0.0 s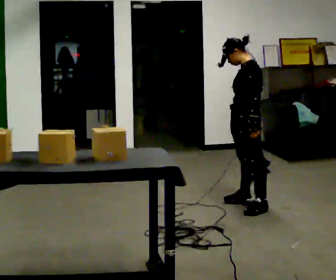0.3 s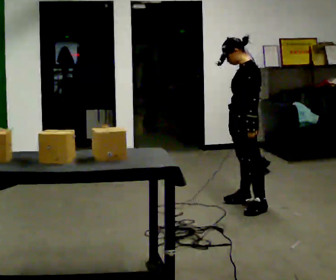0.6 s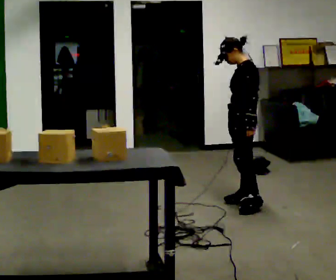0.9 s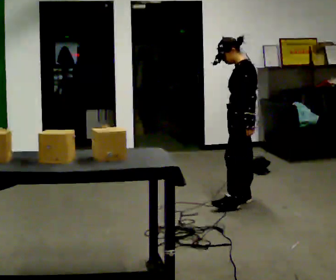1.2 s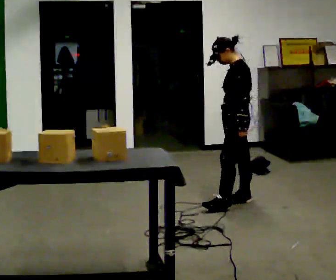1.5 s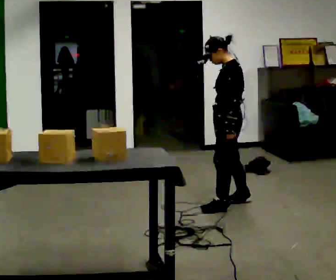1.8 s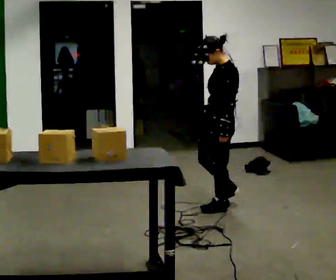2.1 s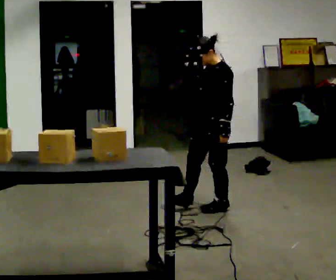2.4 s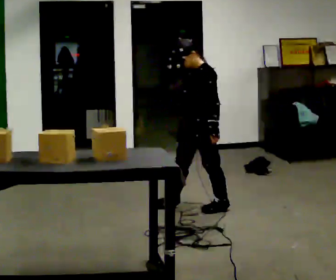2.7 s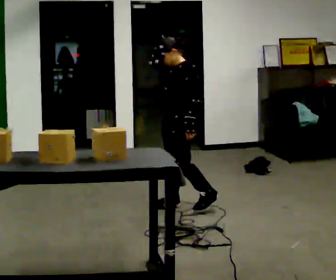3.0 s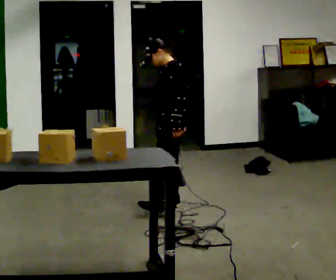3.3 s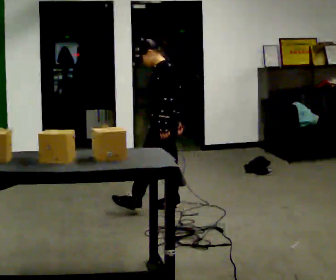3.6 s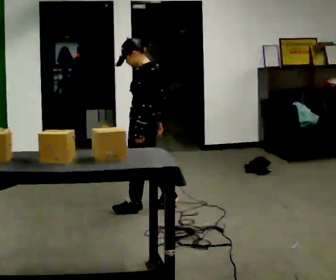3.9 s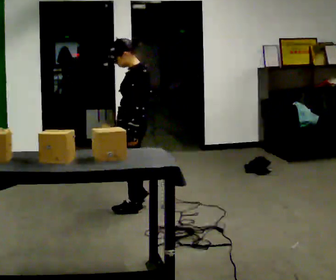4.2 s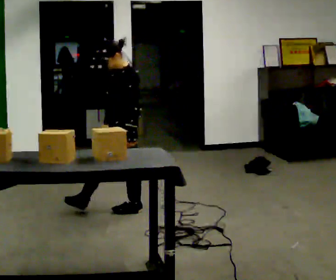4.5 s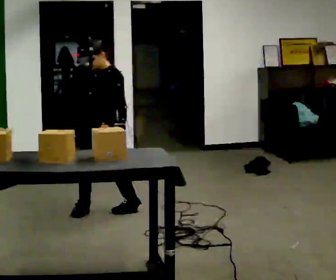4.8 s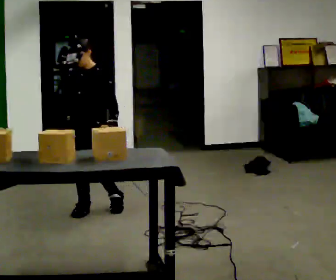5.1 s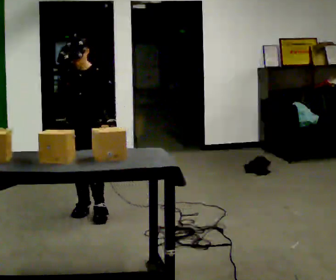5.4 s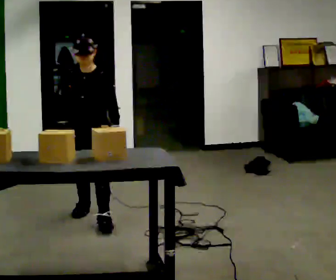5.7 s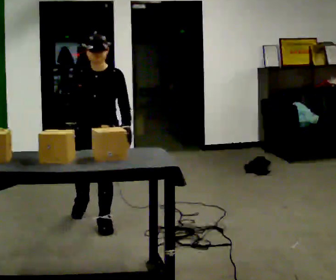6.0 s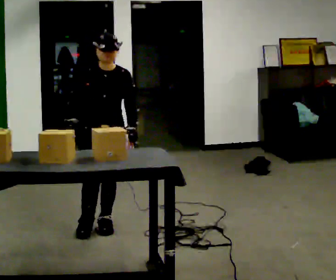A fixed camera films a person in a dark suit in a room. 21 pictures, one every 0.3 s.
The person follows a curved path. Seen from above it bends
counterclockwise.
0.0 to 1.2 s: The person moves a little, or ends about where they began.
1.2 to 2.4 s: Seen from above the body turns counterclockwise, about 30 degrees: to their left, with its near side sliding to the right. In the picture they go to the left, about 0.25 m in 1 step, which for them is forward.
2.4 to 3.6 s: The person turns about 30 degrees to their right, clockwise seen from above, so the part of the body nearest the lens slides to the left. In the picture they go to the left, about 0.5 m in 1 step, which for them is forward.
3.6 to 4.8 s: The person turns about 75 degrees to their left, counterclockwise seen from above, so the part of the body nearest the lens slides to the right. In the picture they go to the left and toward the camera, about 0.5 m in 1 step.
4.8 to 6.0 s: The person turns about 30 degrees to their left, counterclockwise seen from above, so the part of the body nearest the lens slides to the right. In the picture they go toward the camera and to the right, about 0.5 m in 1 step, which for them is forward and to their left.
The film runs forward here.
